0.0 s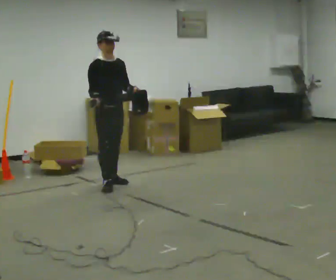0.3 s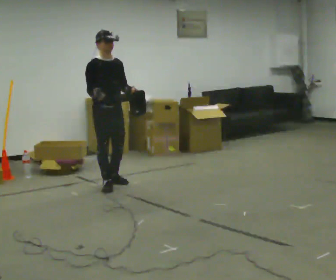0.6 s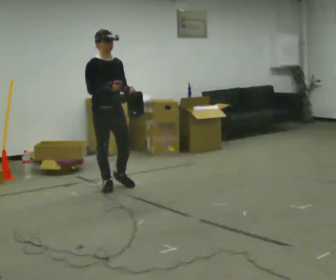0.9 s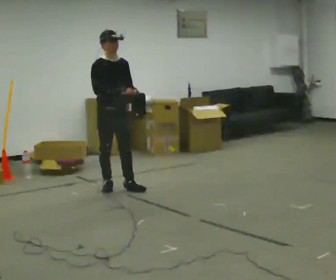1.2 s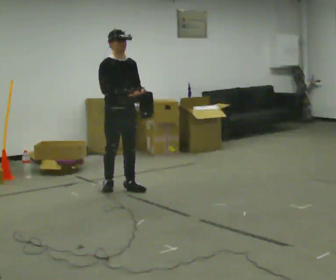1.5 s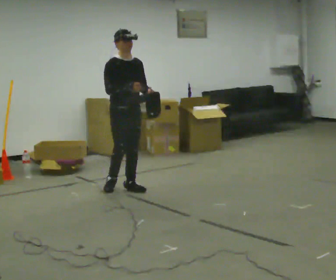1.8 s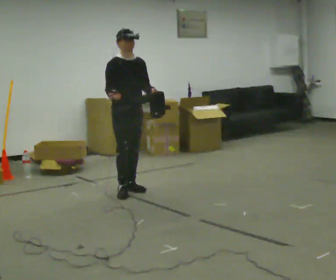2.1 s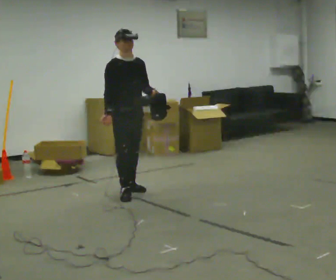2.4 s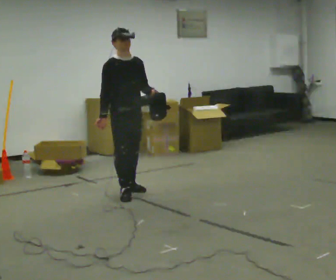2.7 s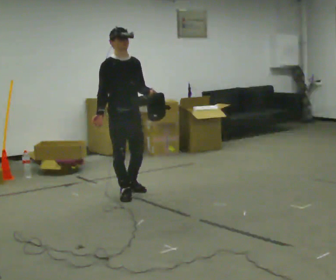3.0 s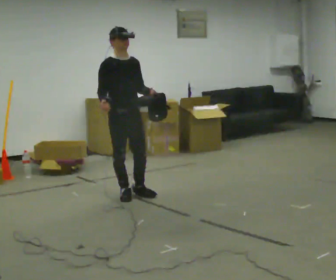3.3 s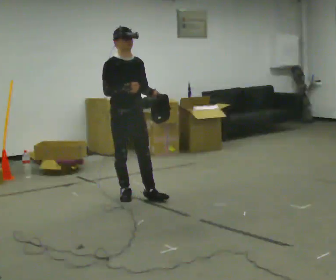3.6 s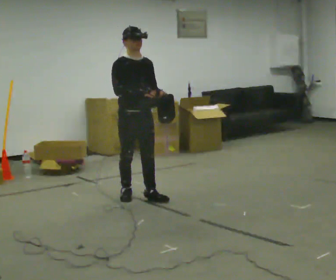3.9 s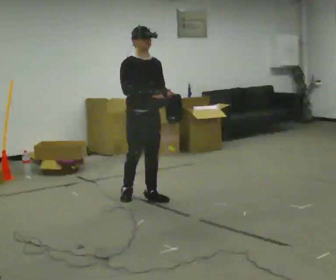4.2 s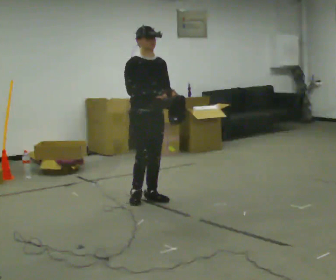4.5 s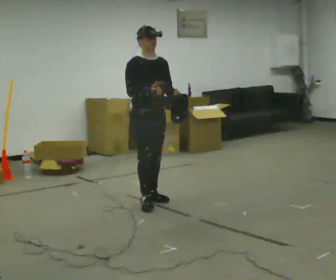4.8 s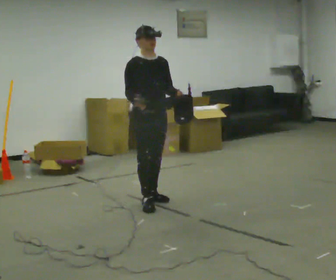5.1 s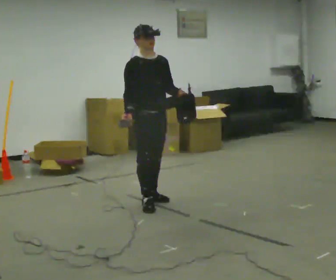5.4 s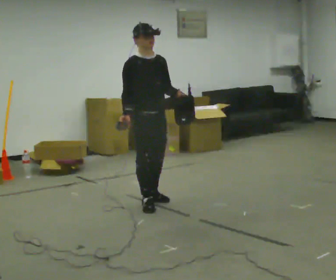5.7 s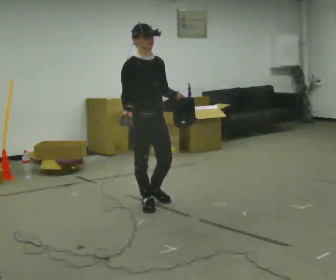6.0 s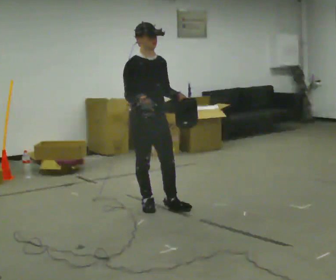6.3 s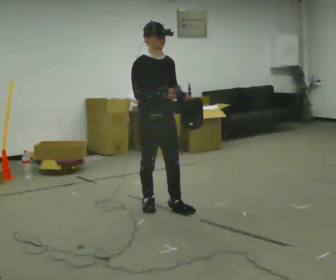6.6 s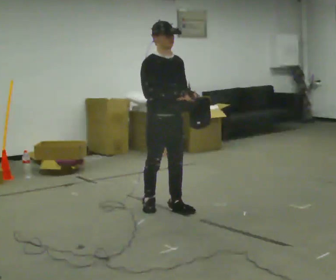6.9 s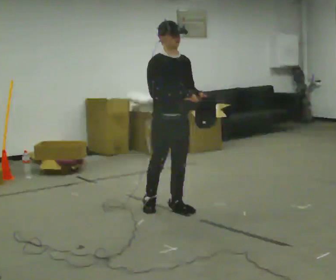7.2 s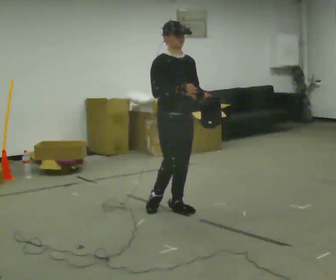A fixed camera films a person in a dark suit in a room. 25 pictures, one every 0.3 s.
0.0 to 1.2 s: In the picture they go toward the camera, about 0.25 m in 1 step, which for them is forward. In the picture their right hand goes to the right.
1.2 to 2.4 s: In the picture they go toward the camera, about 0.25 m in 1 step, which for them is forward.
2.4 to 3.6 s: In the picture they go toward the camera, about 0.25 m in 1 step, which for them is forward. In the picture their right hand goes to the right.
3.6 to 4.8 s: The person moves a little, or ends about where they began.
4.8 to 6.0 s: In the picture they go toward the camera, about 0.25 m, which for them is forward and to their right.
6.0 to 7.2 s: In the picture they go to the right, about 0.25 m in 1 step, which for them is forward and to their left.
The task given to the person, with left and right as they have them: Carry the open container and, while walking, reach in with one hand and take an item out, then put it back. Repeat as you walk. Do not stop.
The film runs forward here.
